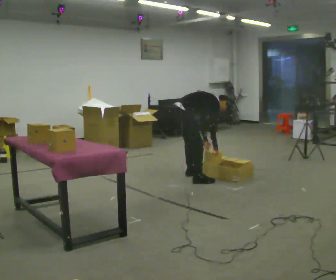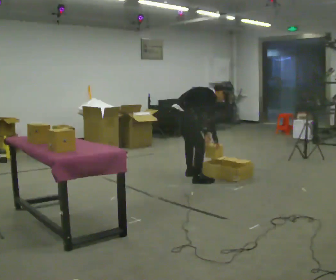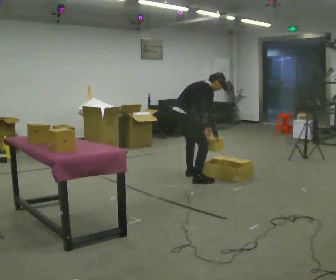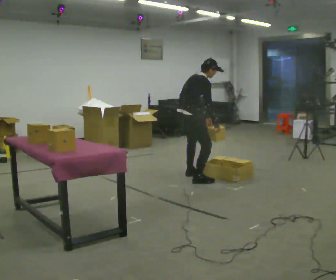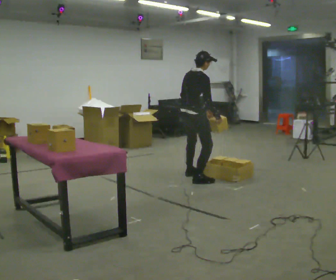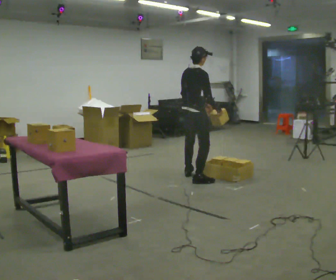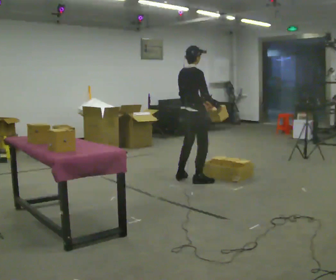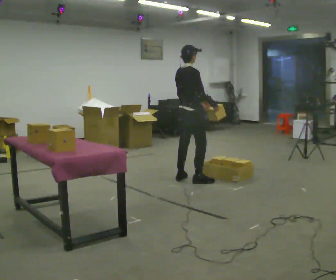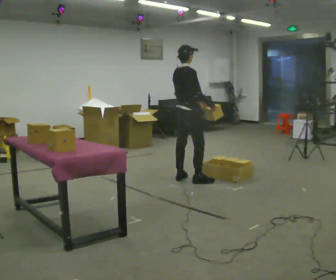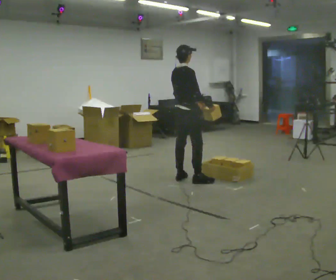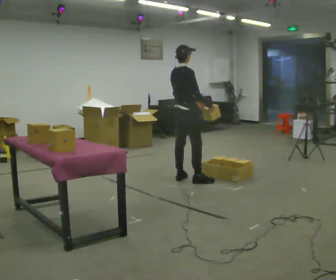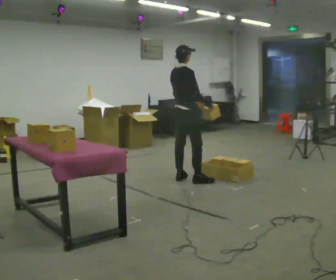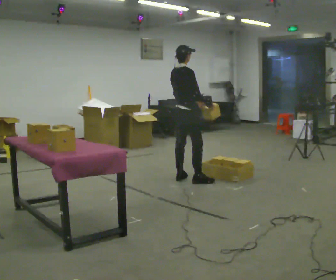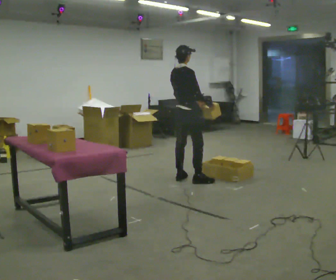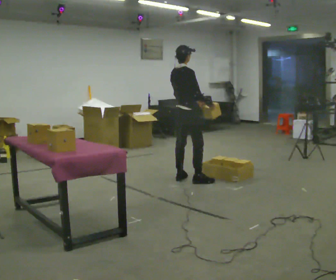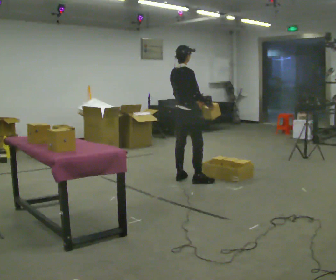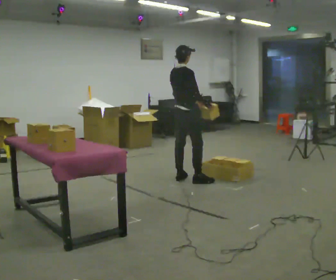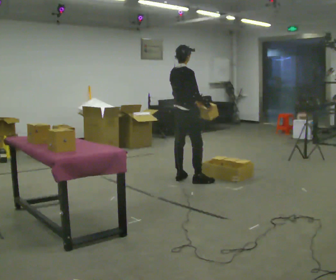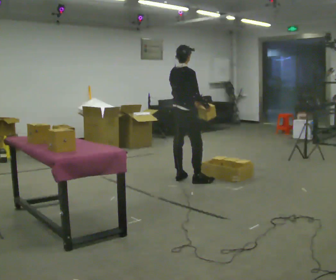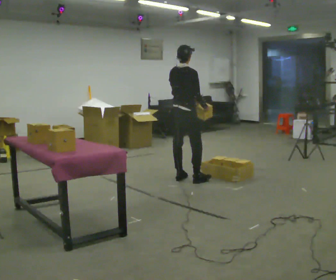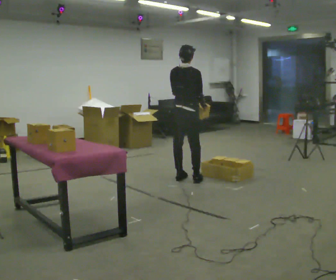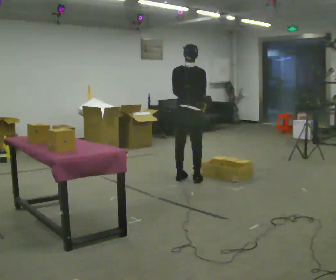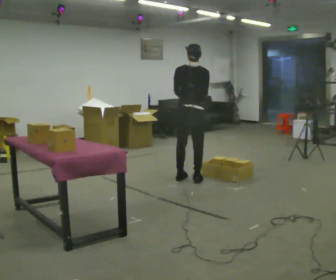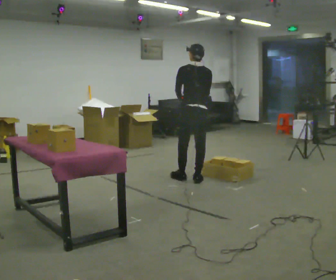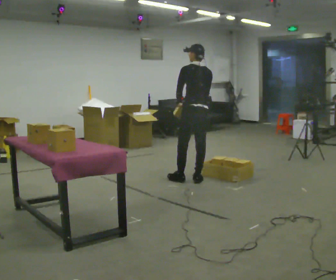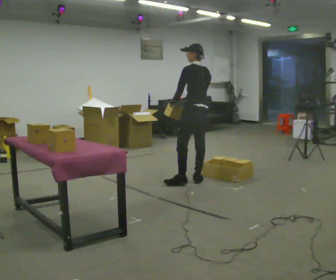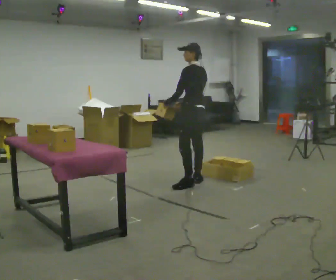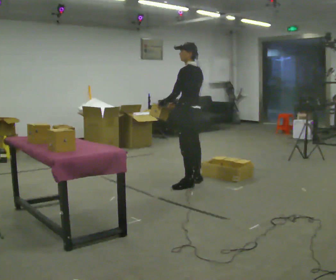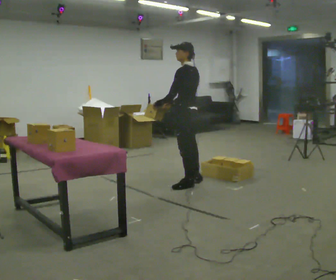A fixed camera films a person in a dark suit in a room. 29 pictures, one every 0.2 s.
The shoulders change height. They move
upward.
The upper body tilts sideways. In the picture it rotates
counterclockwise.
0.0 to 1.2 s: The upper body goes upward. In the picture the upper body tilts counterclockwise, shoulders to the left, as they lean back or straighten. In the picture their left hand goes upward.
1.2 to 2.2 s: The person moves a little, or ends about where they began.
2.2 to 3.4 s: The person keeps their place and pose.
3.4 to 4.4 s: Seen from above the body turns counterclockwise, about 60 degrees: to their left, with its near side sliding to the right.
4.4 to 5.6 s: The part of the body nearest the lens slides to the right as the person turns to their left by about 60 degrees. In the picture they go toward the camera, about 0.25 m in 1 step.
The film runs forward here.
